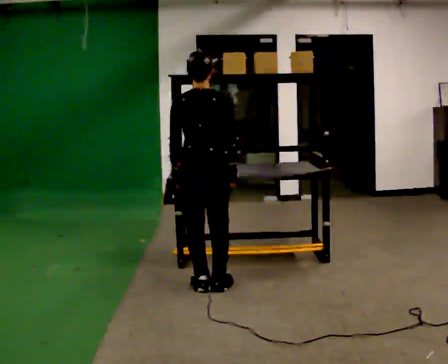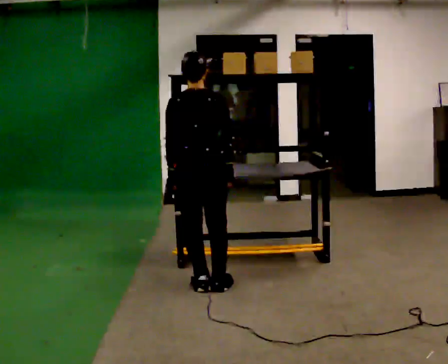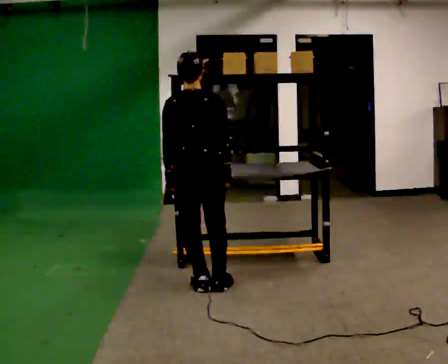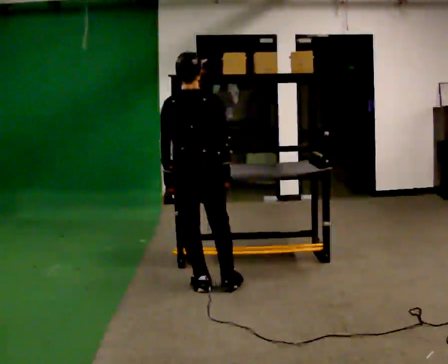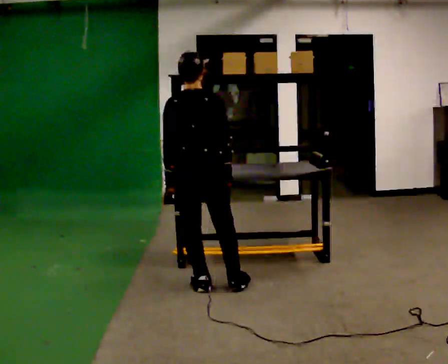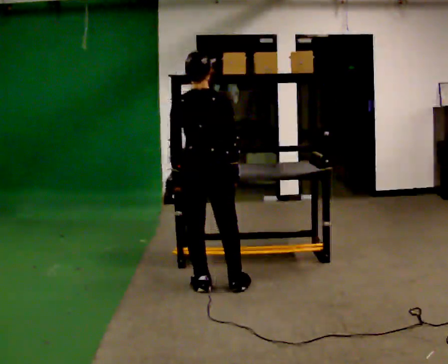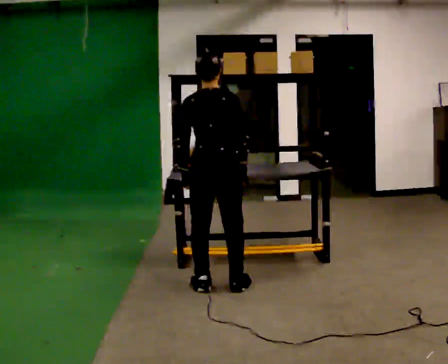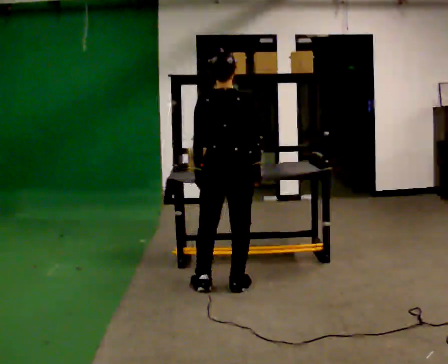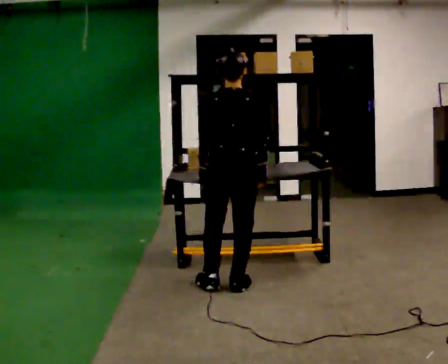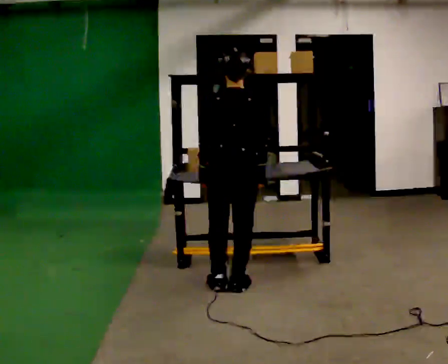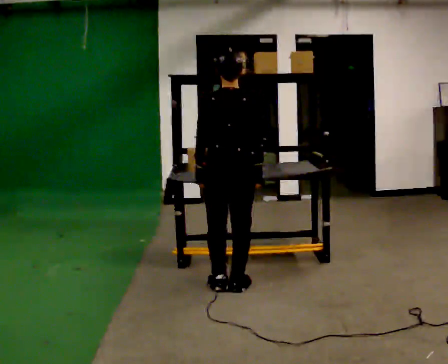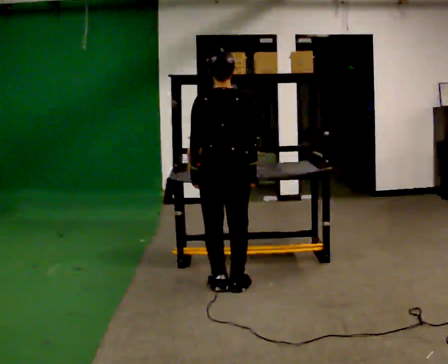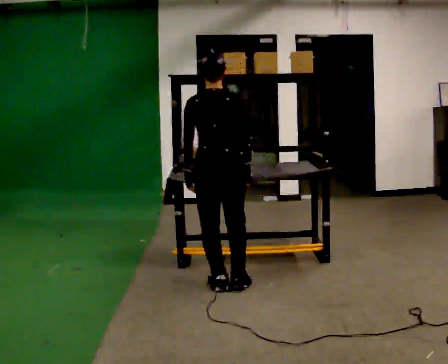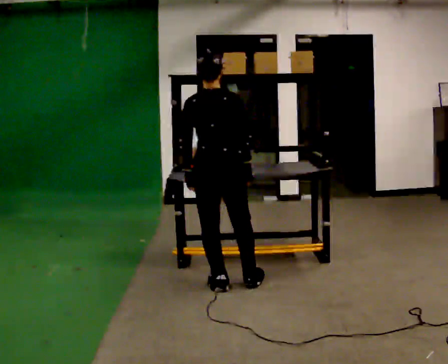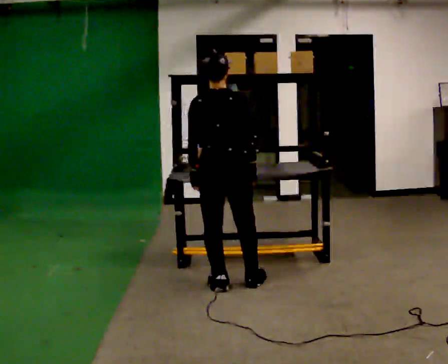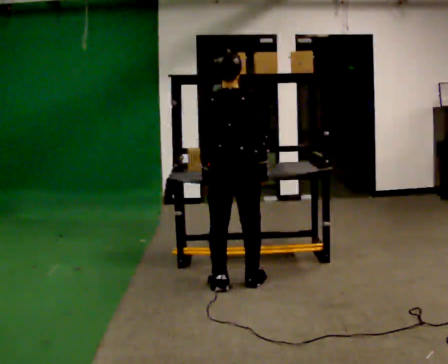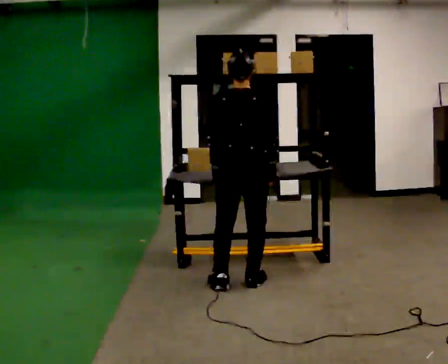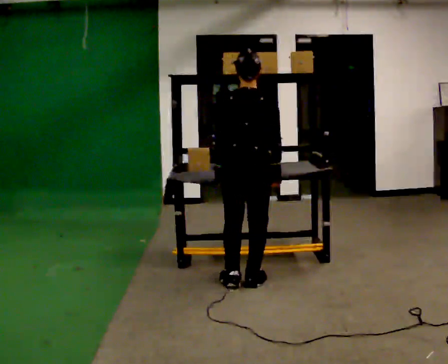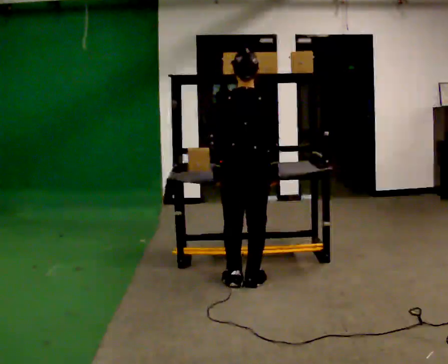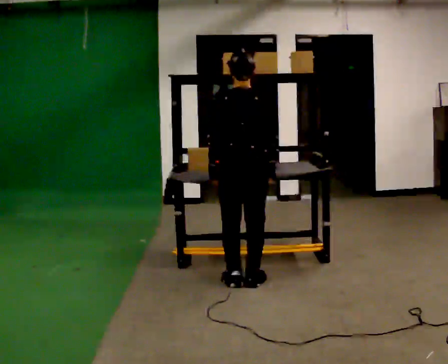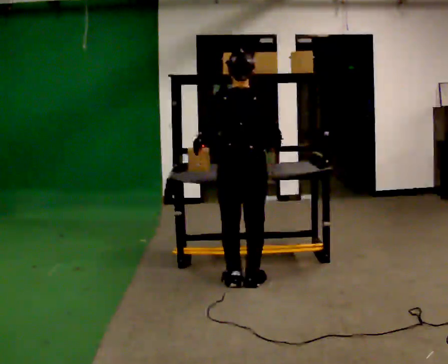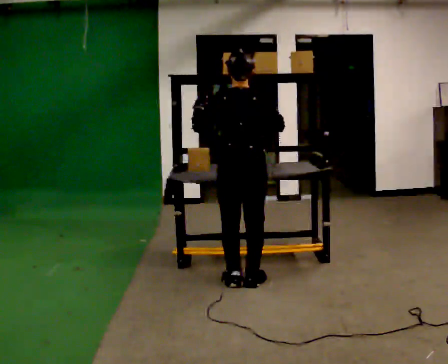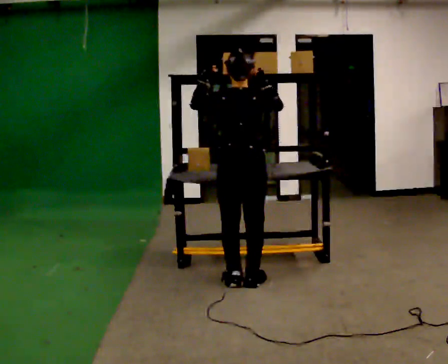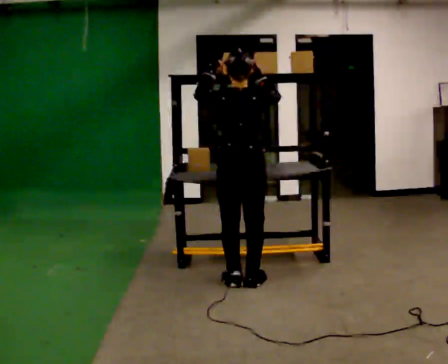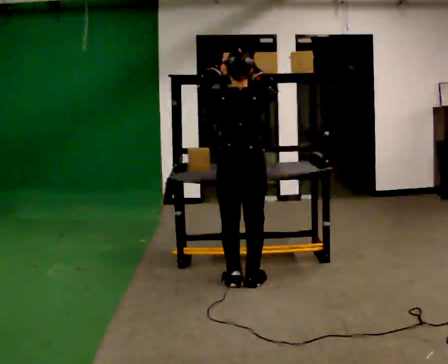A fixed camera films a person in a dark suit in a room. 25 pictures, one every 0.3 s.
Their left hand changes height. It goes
upward.
Their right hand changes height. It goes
upward.
0.0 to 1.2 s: The person moves a little, or ends about where they began.
1.2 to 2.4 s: In the picture they go to the right, about 0.25 m, which for them is to their right.
2.4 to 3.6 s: The person moves a little, or ends about where they began.
3.6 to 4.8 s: In the picture they go to the right, about 0.25 m in 1 step, which for them is to their right.
4.8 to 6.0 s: The person moves a little, or ends about where they began.
6.0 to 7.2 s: In the picture their left hand goes upward.
The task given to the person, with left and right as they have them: Take an object down from the highest shelf you can comfortably reach, carry it across, and place it on the waist-height shelf. Keep going until the operator says stop; one object at a time, and do not rush between trips.
The film runs forward here.
